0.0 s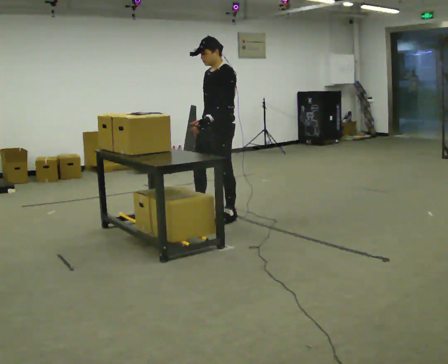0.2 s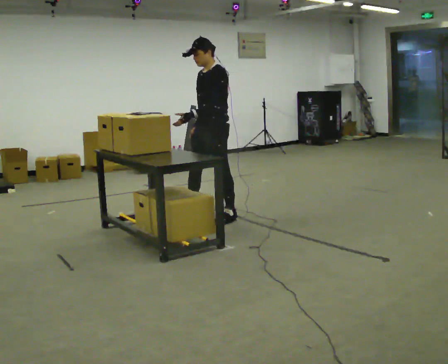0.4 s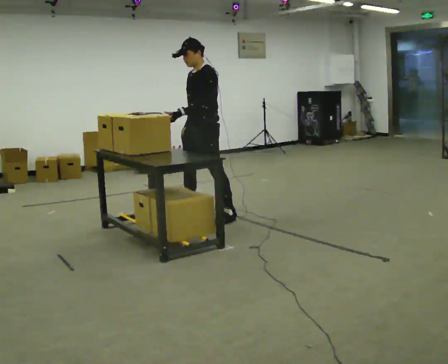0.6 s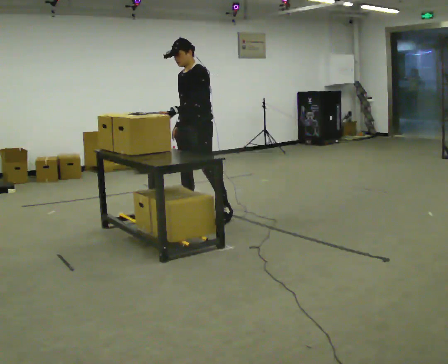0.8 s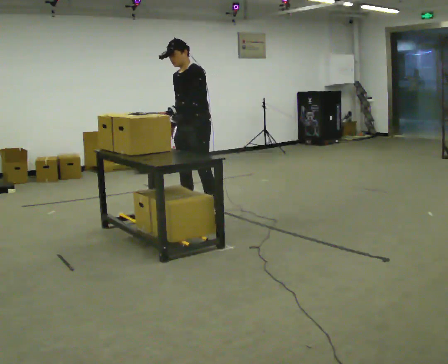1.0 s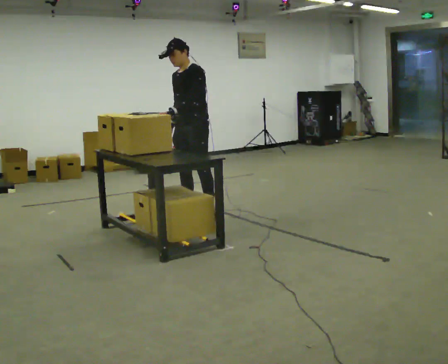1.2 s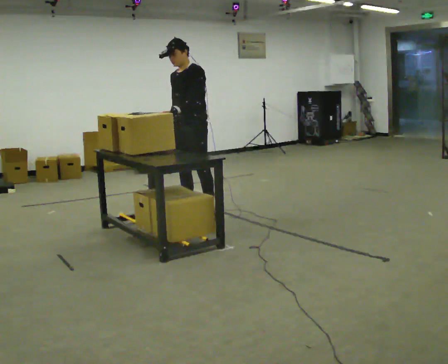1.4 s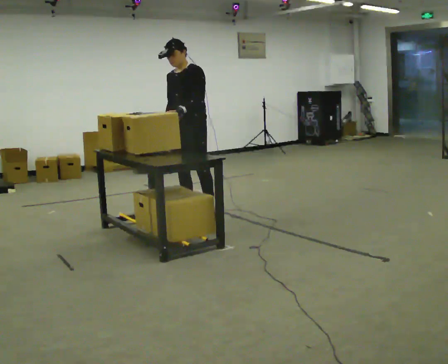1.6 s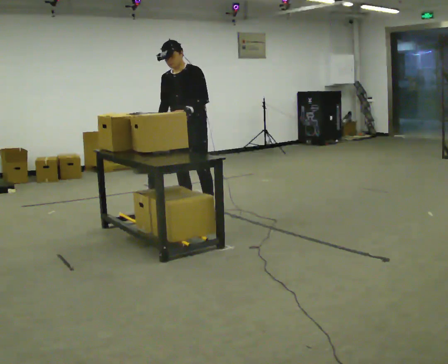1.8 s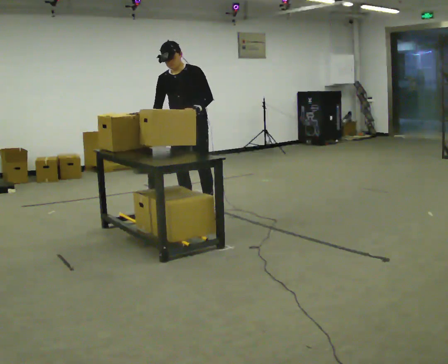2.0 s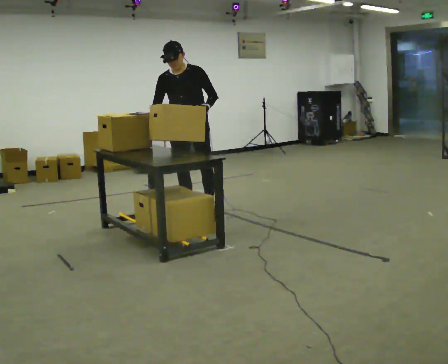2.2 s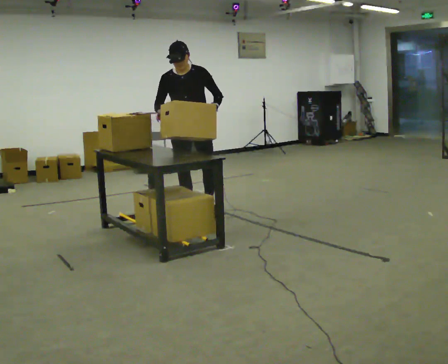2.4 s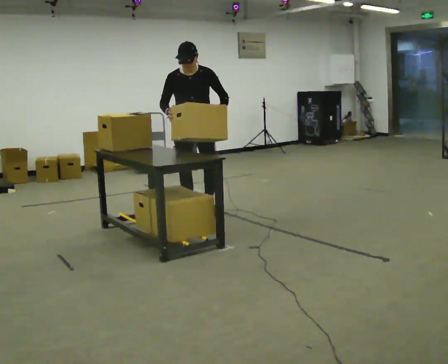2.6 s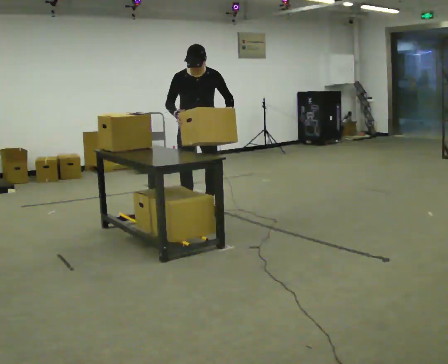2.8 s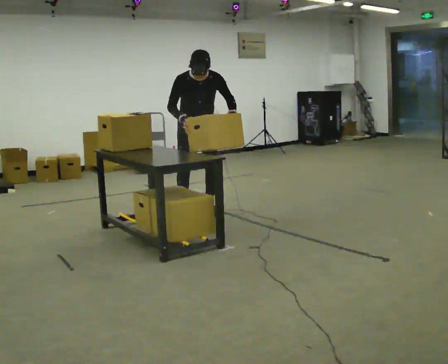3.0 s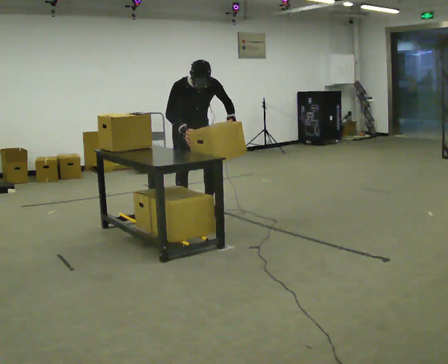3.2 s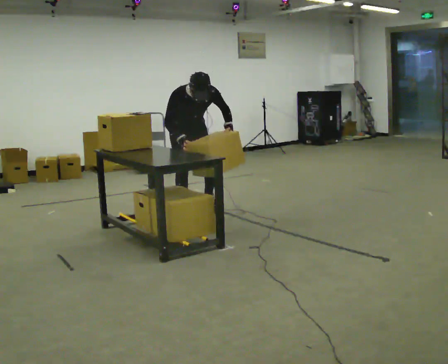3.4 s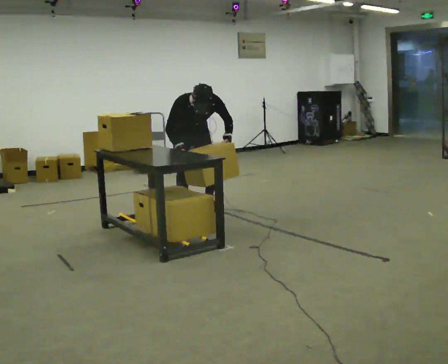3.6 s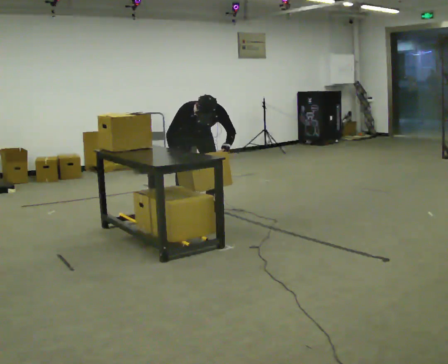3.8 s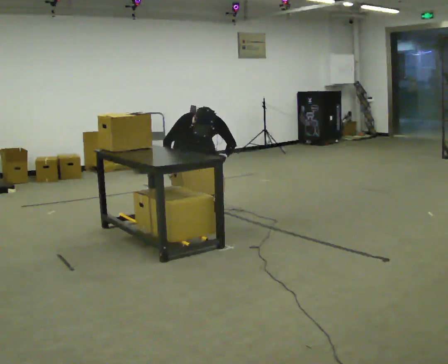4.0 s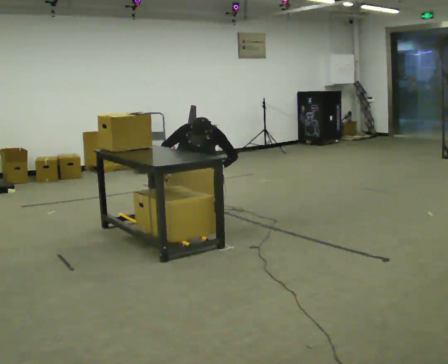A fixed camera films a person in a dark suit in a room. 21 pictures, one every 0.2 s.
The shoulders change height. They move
downward.
The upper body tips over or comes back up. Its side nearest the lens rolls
downward.
0.0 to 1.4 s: In the picture they go to the left, about 0.25 m in 2 steps, which for them is to their right and forward.
1.4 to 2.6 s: Seen from above the body turns counterclockwise, about 45 degrees: to their left, with its near side sliding to the right. In the picture they go away from the camera, about 0.25 m in 1 step, which for them is backward. The upper body tips toward the camera, its near side rolling downward, as they bend forward. In the picture their left hand goes to the right, the arm swinging counterclockwise.
2.6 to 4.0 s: In the picture they go away from the camera, about 0.25 m in 1 step, which for them is backward. The shoulders move downward. The upper body tips toward the camera, its near side rolling downward, as they bend forward. In the picture their right hand goes downward.
The film runs forward here.
